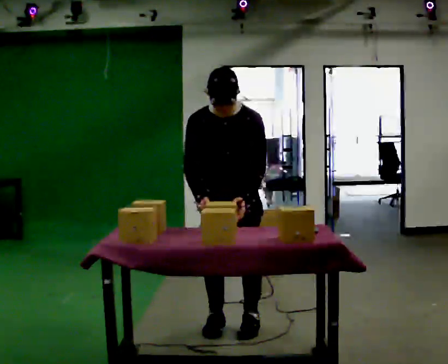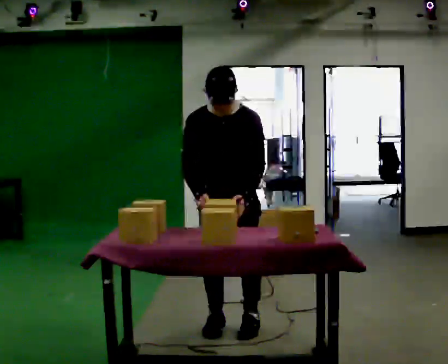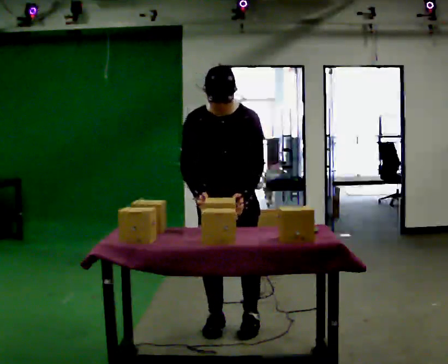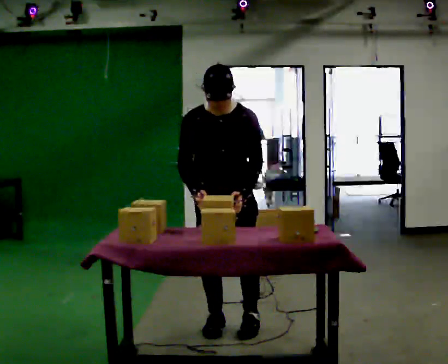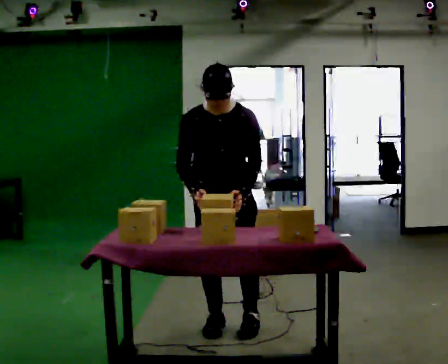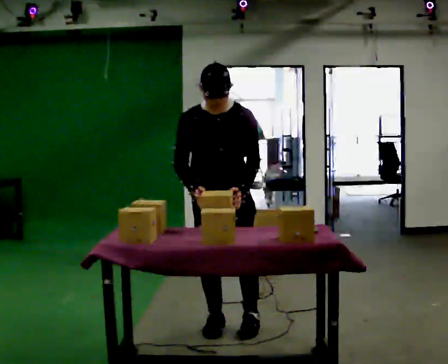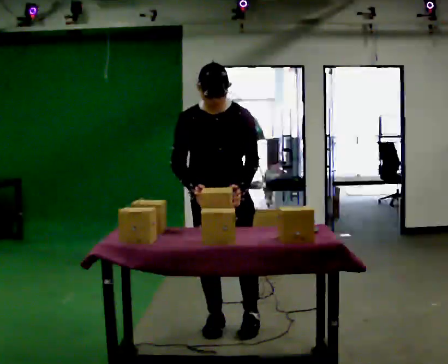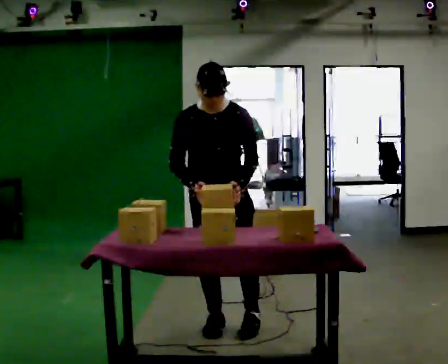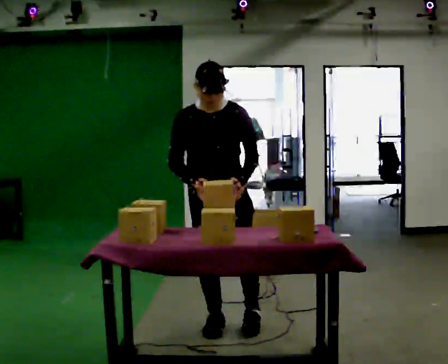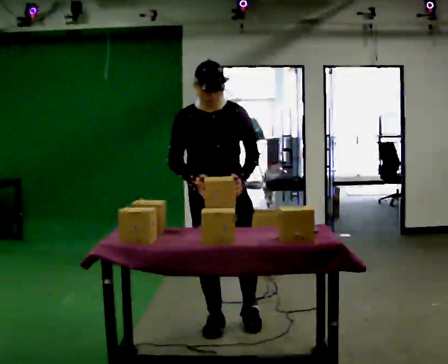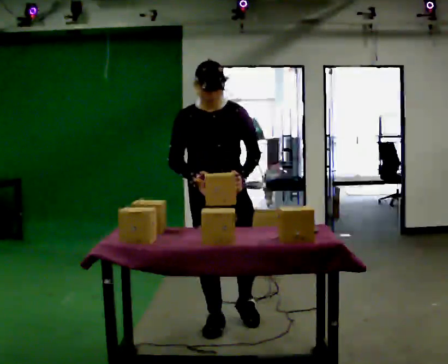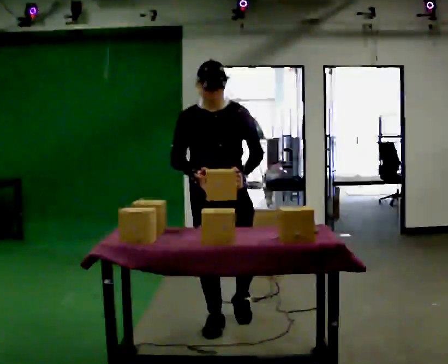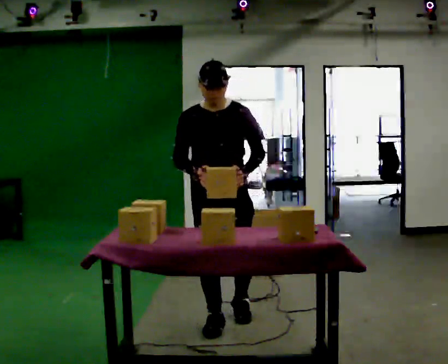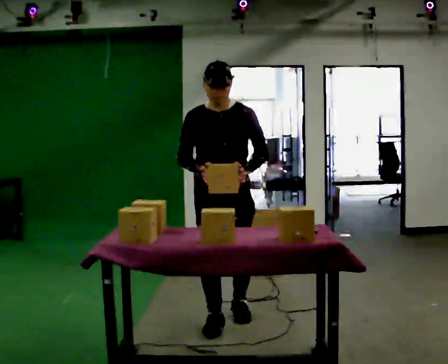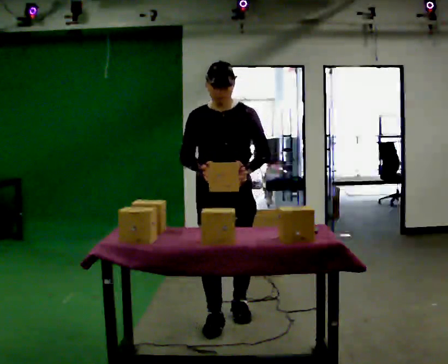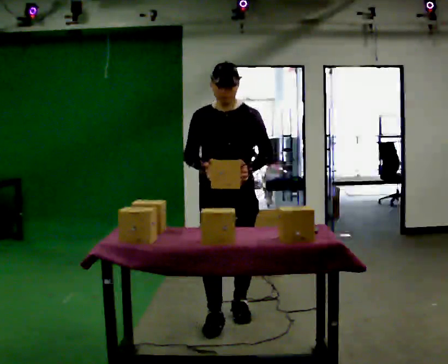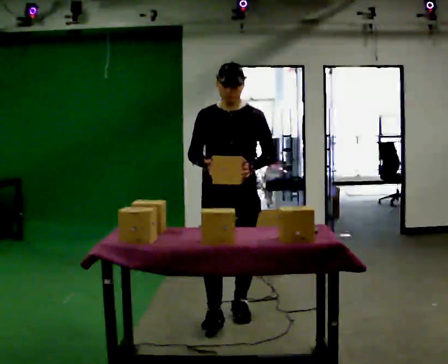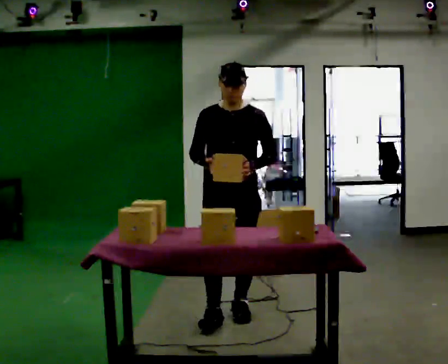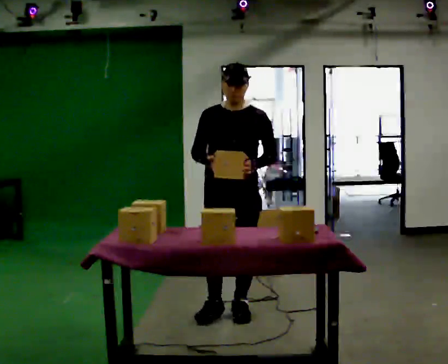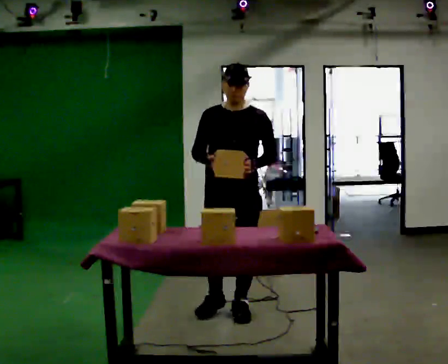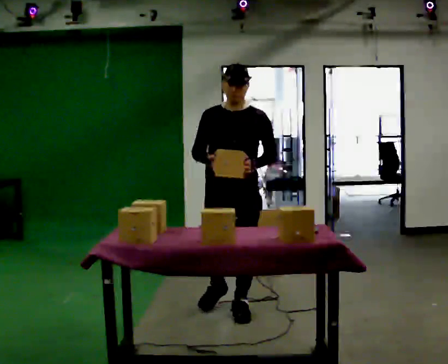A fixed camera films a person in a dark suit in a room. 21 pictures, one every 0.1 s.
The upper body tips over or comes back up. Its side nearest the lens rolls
upward.
0.0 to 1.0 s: The person moves a little, or ends about where they began.
1.0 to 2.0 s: In the picture they go away from the camera, about 0.25 m in 1 step, which for them is backward.
The film runs backward here.
